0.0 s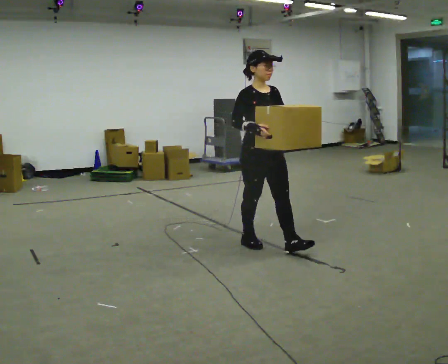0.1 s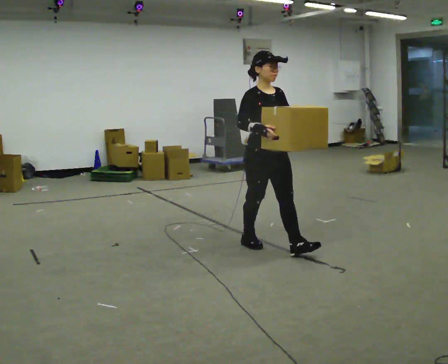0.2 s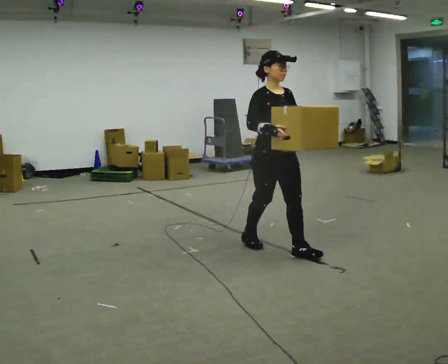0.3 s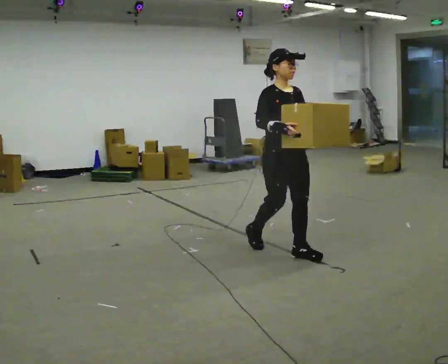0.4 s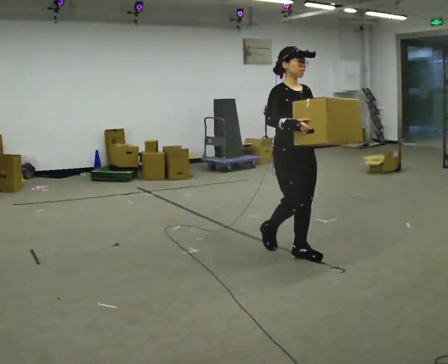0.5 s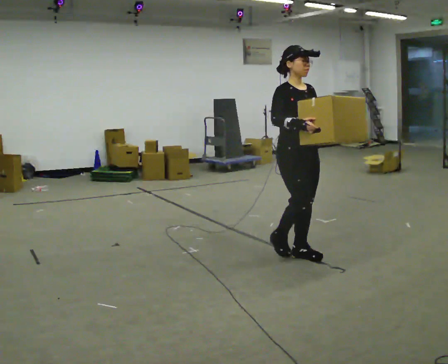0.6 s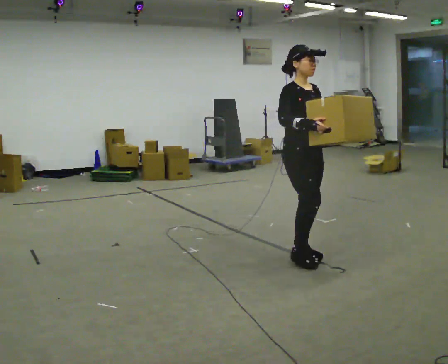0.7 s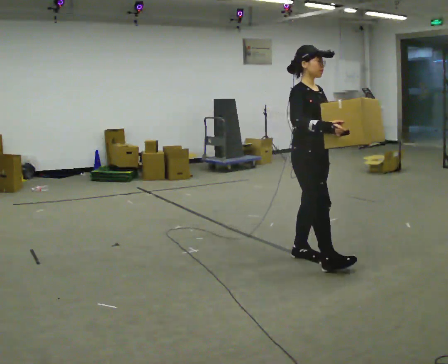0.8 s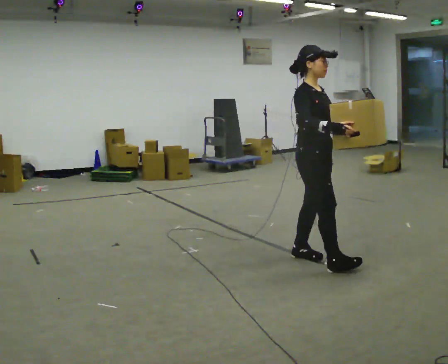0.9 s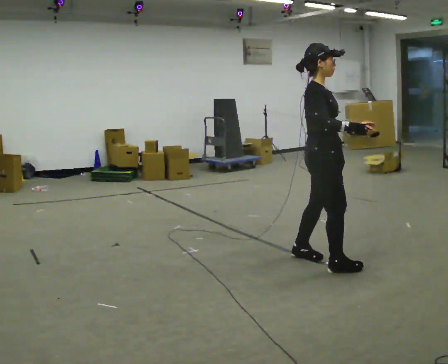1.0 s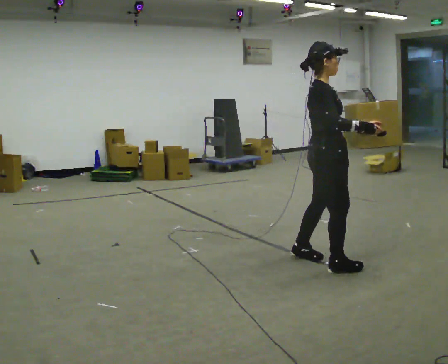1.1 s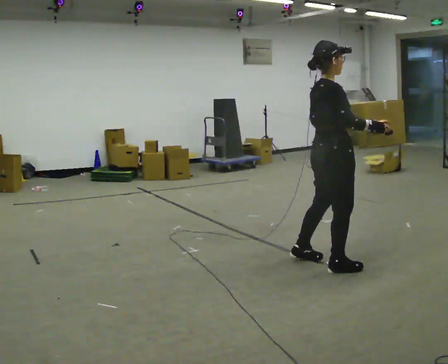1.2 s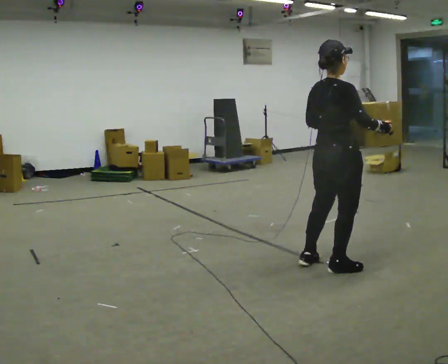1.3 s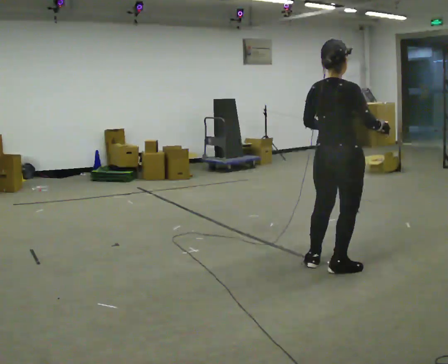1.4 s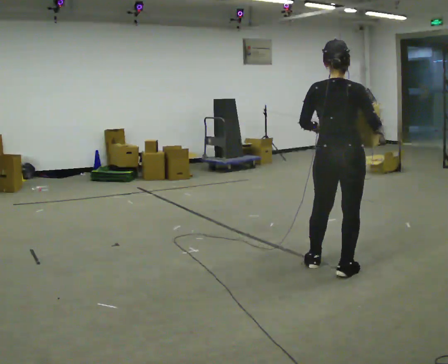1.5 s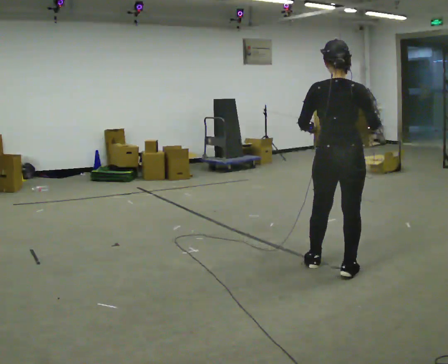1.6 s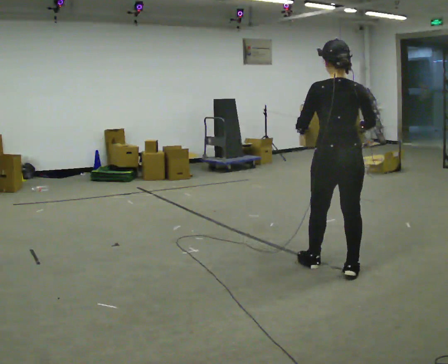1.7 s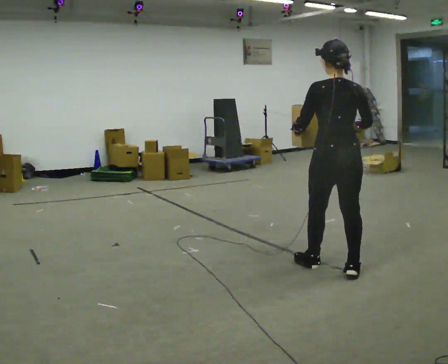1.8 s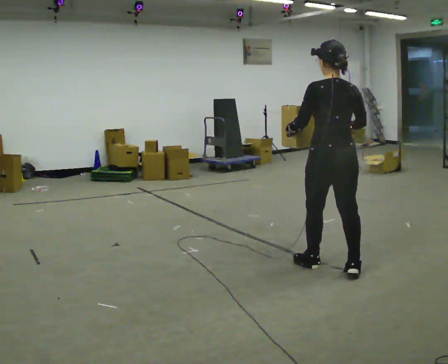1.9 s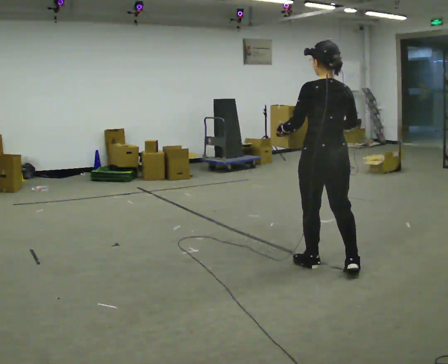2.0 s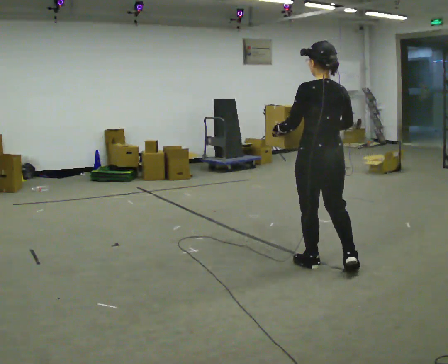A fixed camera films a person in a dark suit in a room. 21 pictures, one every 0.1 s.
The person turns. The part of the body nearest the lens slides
to the right.
The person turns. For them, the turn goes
to their left.
0.0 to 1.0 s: The part of the body nearest the lens slides to the right as the person turns to their left by about 45 degrees. In the picture they go to the right and toward the camera, about 0.75 m in 2 steps, which for them is forward.
1.0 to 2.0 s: The part of the body nearest the lens slides to the right as the person turns to their left by about 120 degrees.
The film runs forward here.
